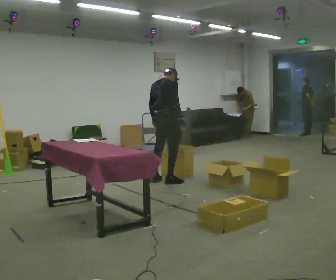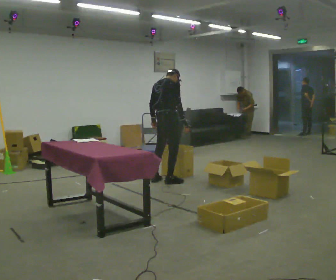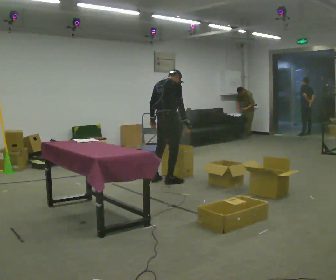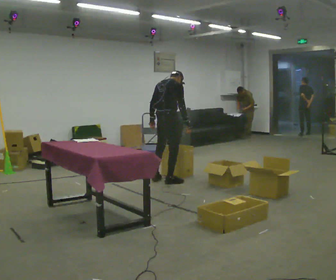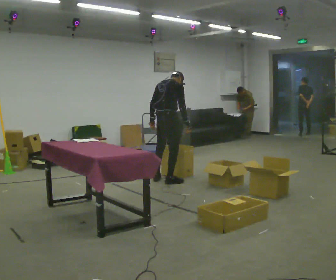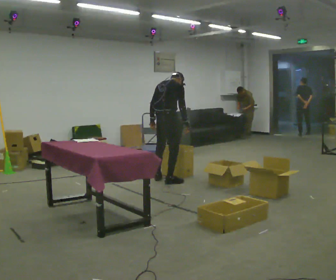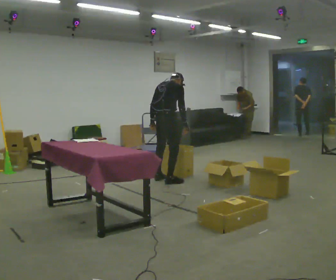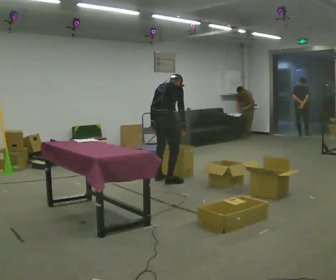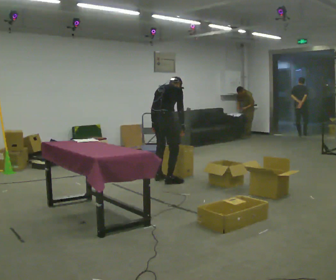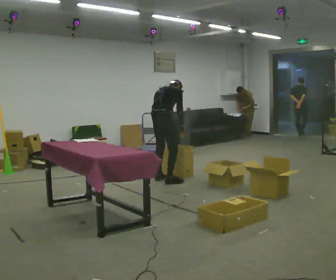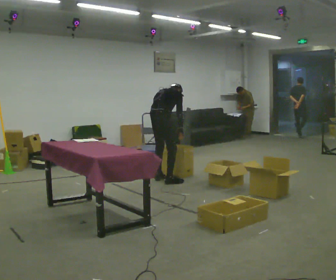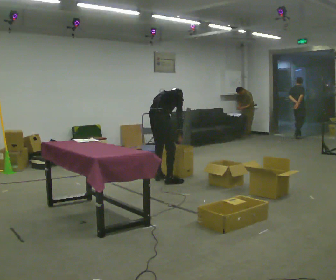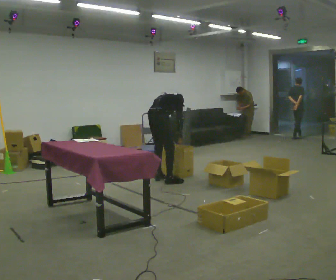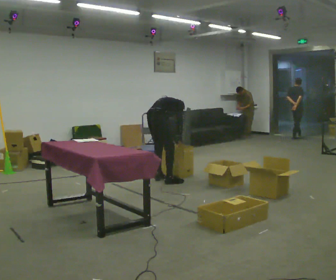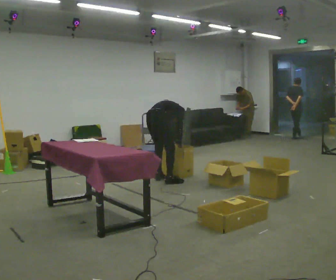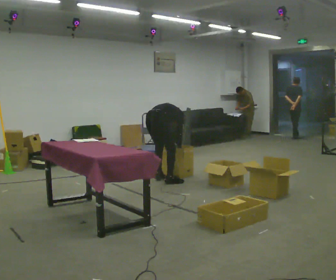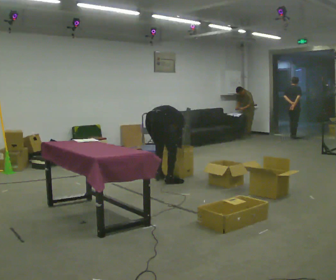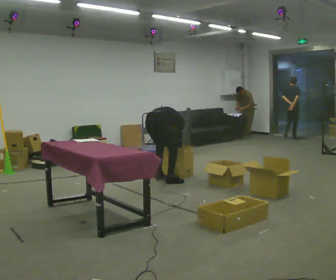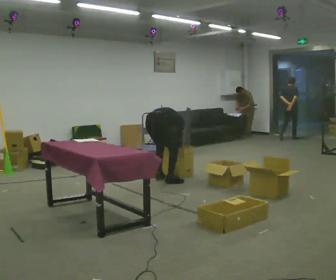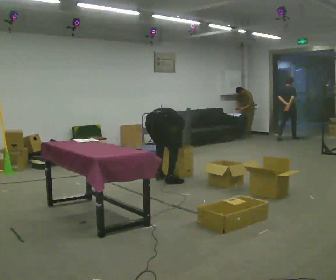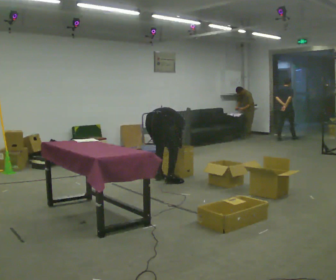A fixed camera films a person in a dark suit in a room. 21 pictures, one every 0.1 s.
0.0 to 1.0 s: The upper body tips away from the camera, its near side rolling upward, as they bend forward.
1.0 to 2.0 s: The upper body goes downward. In the picture the upper body tilts clockwise, shoulders to the right, as they bend forward. In the picture their left hand goes downward.
The film runs backward here.
